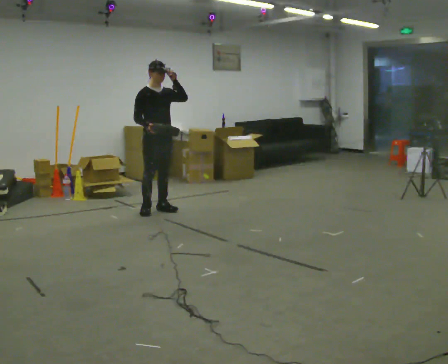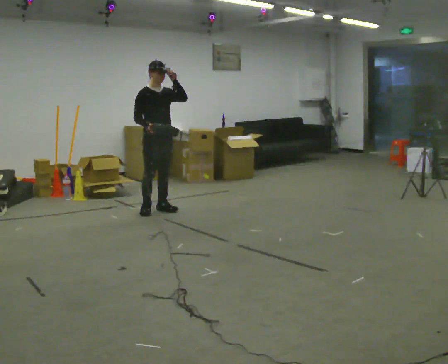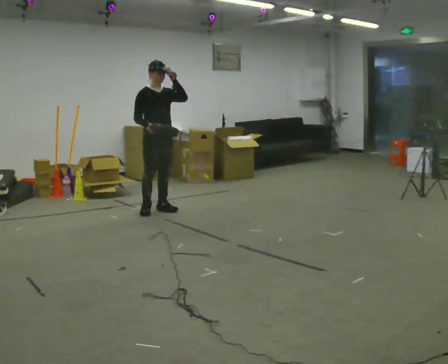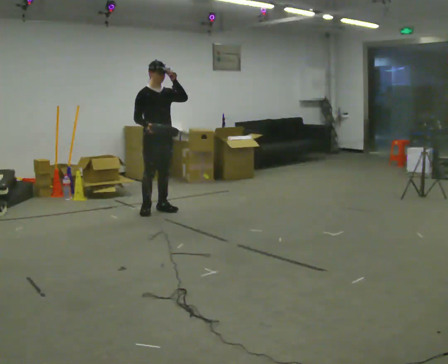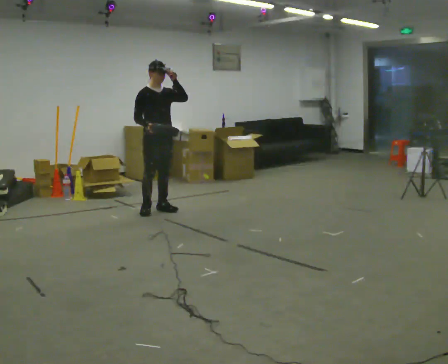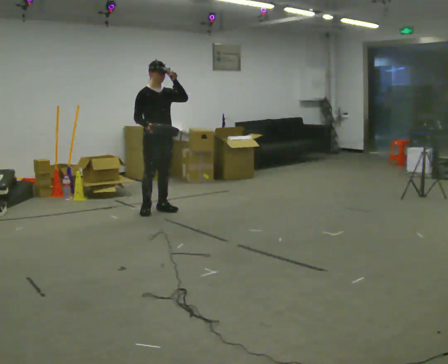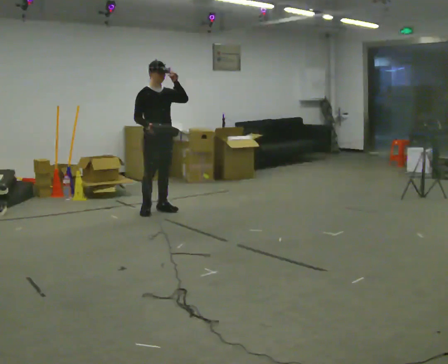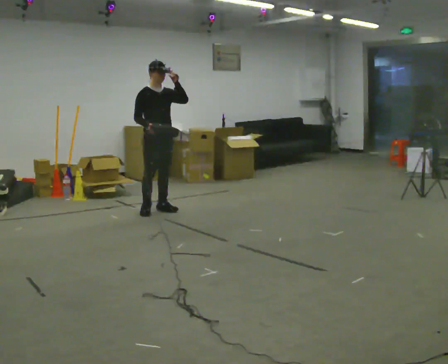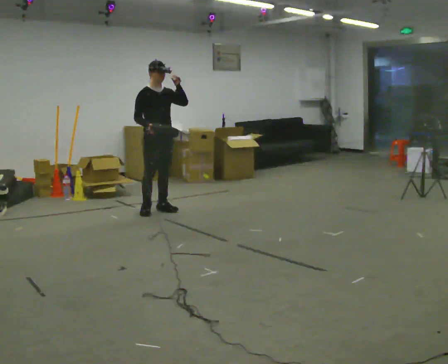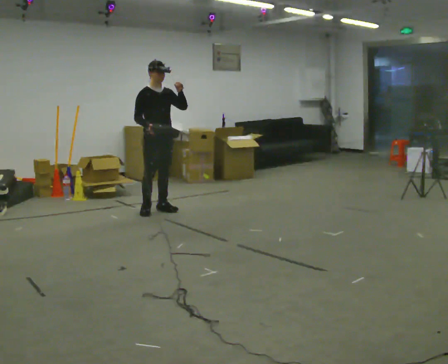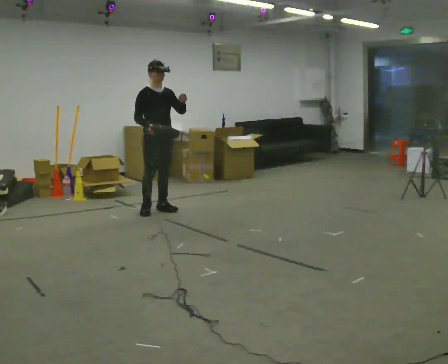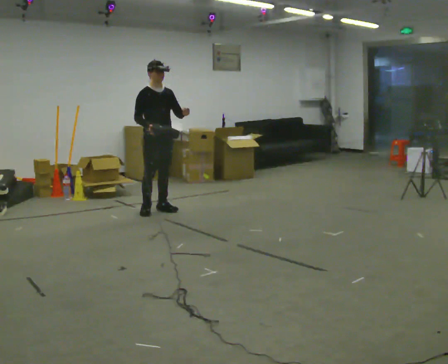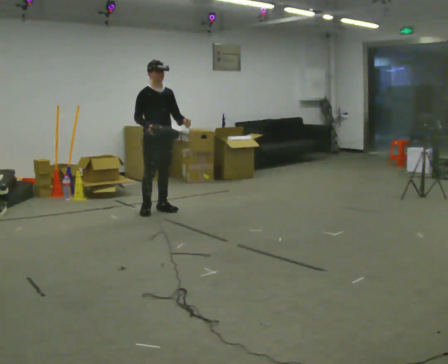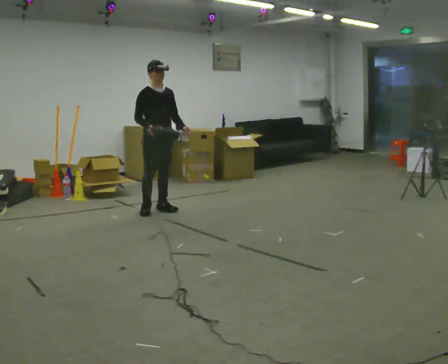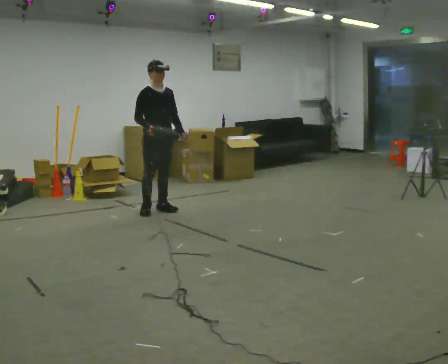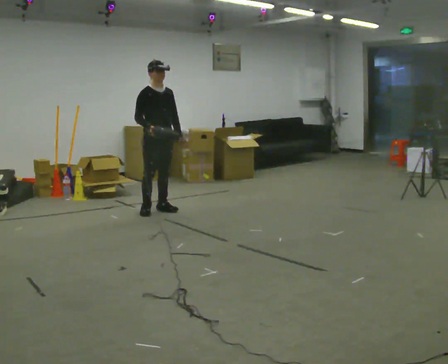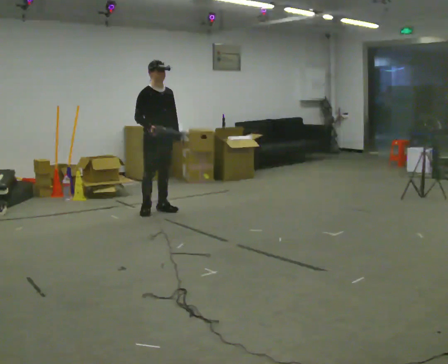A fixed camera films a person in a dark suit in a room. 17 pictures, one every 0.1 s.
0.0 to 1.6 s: In the picture their left hand goes downward.
The film runs forward here.
